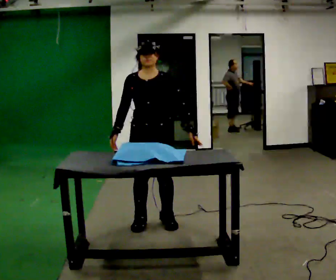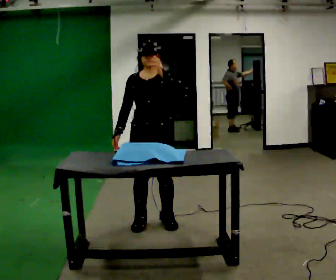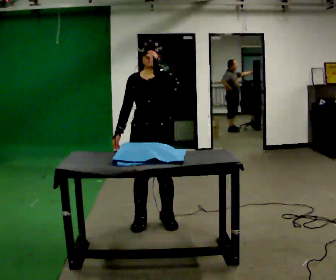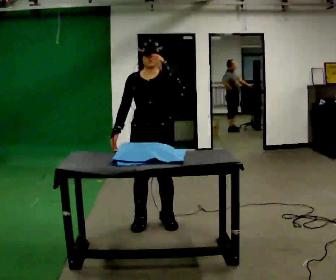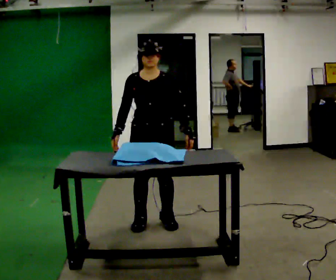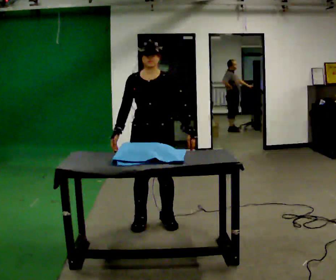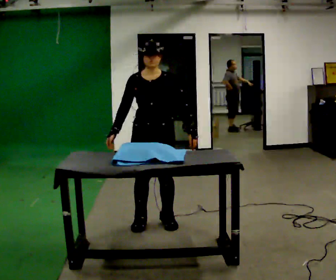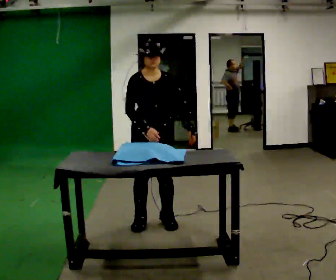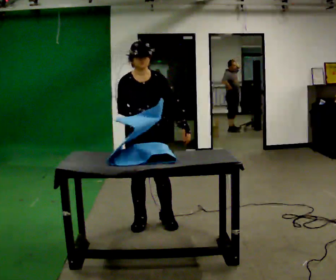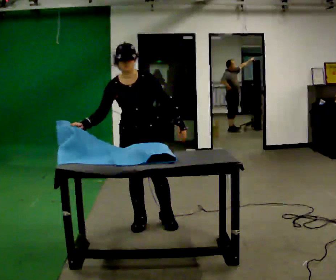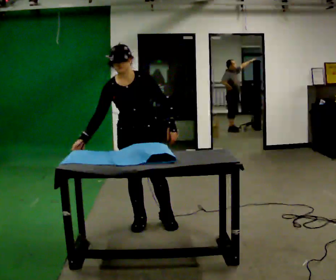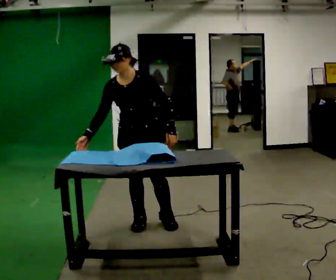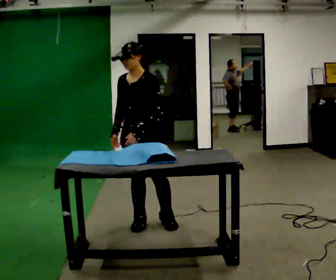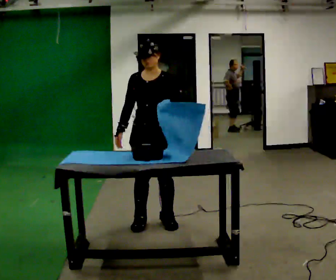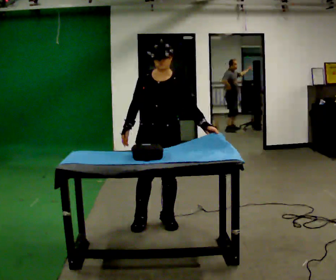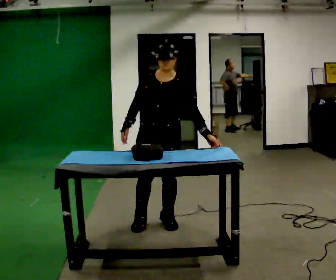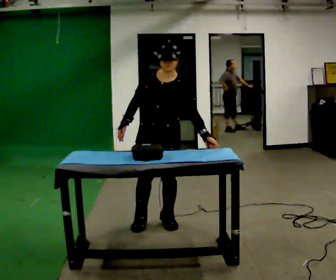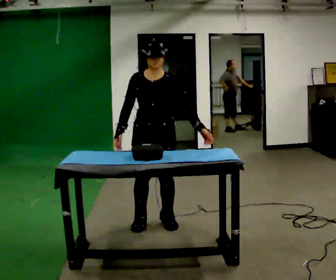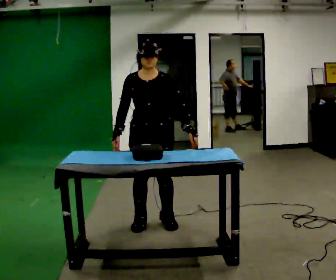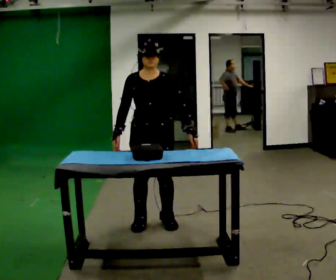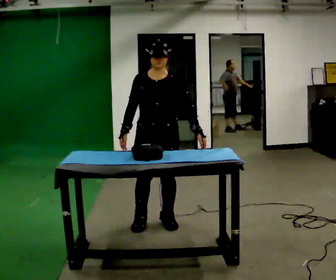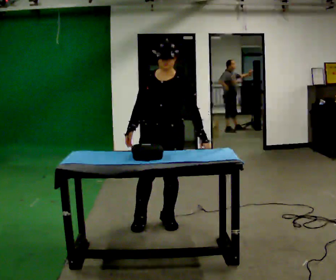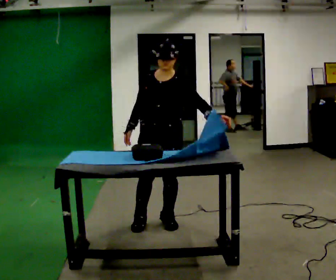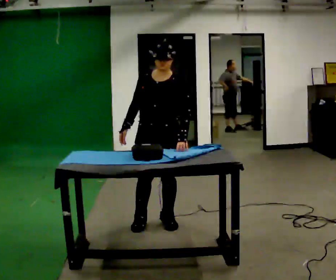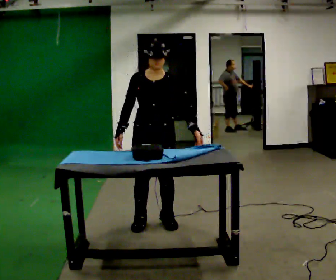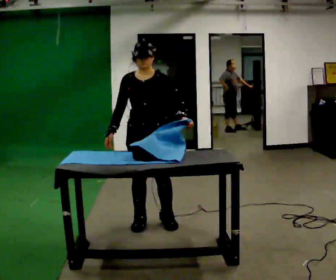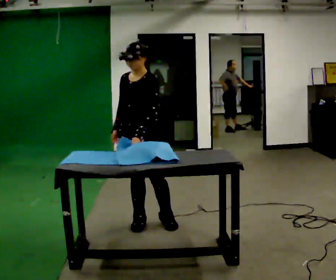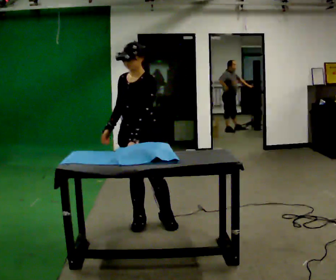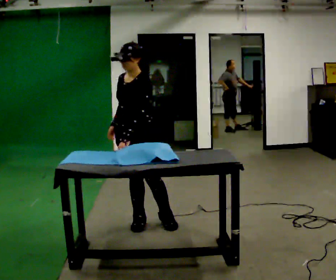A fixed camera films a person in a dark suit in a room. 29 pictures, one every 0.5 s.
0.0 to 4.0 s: The person moves a little, or ends about where they began.
4.0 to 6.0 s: The person turns about 30 degrees to their right, clockwise seen from above, so the part of the body nearest the lens slides to the left.
6.0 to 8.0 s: In the picture they go to the right, about 0.25 m, which for them is to their left. In the picture their left hand goes to the right.
8.0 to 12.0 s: The person moves a little, or ends about where they began.
12.0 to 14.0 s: The person turns about 45 degrees to their right, clockwise seen from above, so the part of the body nearest the lens slides to the left. In the picture their left hand goes to the left.
The film runs backward here.
